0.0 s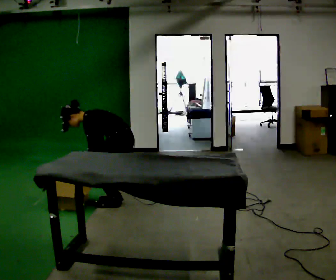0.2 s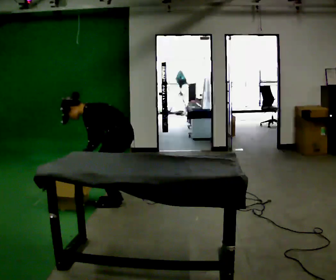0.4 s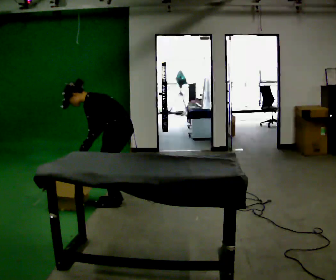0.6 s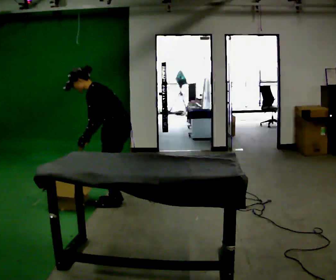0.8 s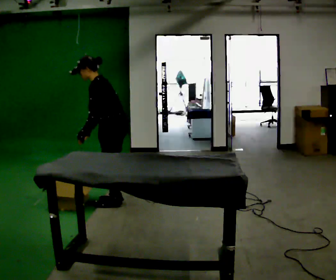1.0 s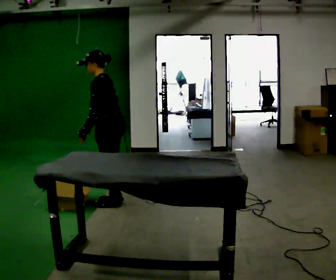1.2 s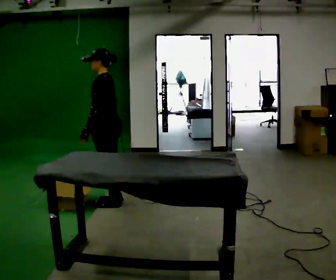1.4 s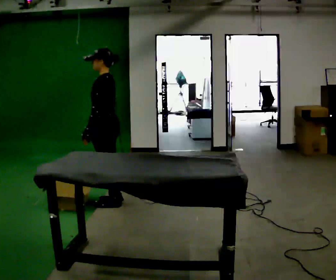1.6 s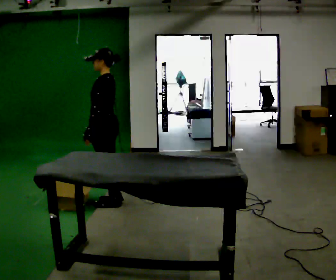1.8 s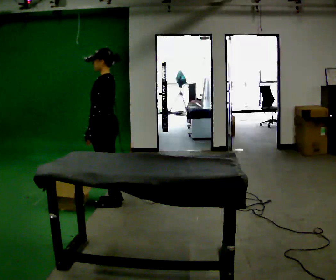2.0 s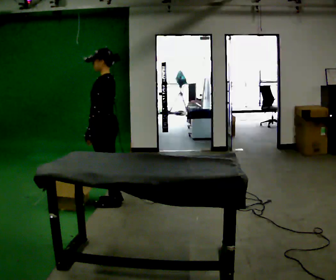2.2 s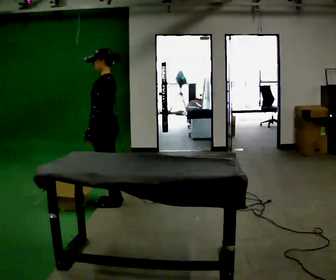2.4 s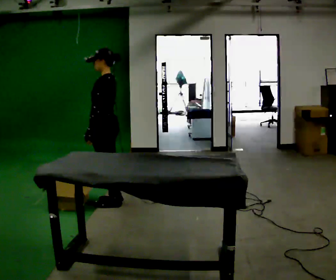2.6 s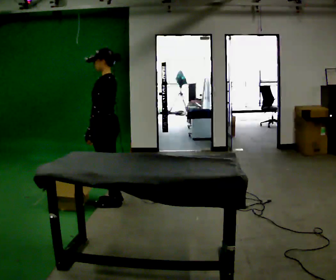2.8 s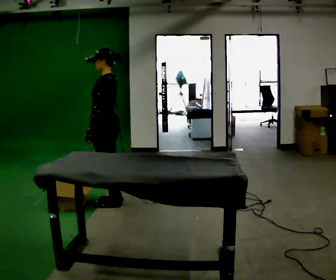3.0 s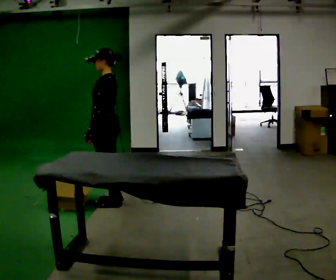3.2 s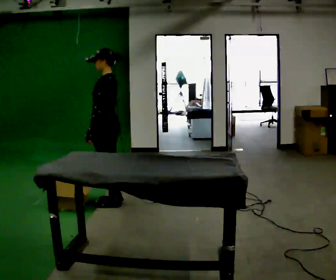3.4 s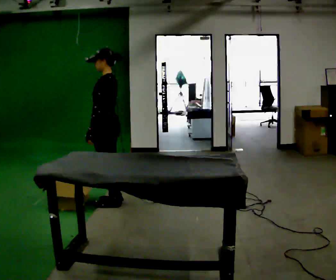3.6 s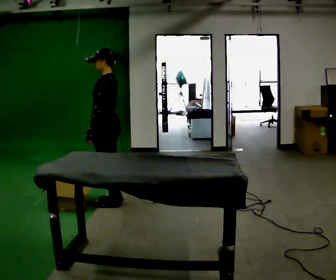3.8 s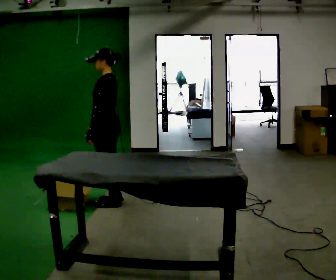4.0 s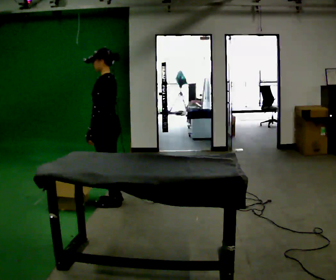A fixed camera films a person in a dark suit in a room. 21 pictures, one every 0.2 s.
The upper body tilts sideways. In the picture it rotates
clockwise.
The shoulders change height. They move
upward.
0.0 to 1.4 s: In the picture they go to the left, about 0.25 m, which for them is forward. The upper body goes upward. In the picture the upper body tilts clockwise, shoulders to the right, as they lean back or straighten. In the picture their left hand goes upward.
1.4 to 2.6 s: The person moves a little, or ends about where they began.
2.6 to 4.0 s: The person keeps their place and pose.
The film runs forward here.
